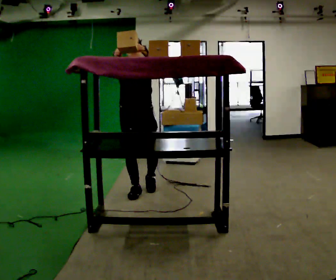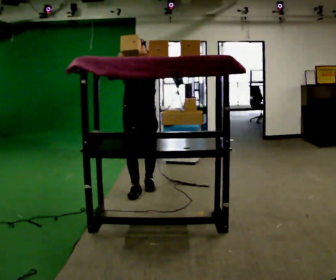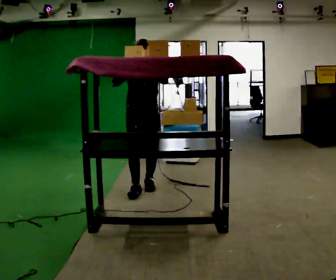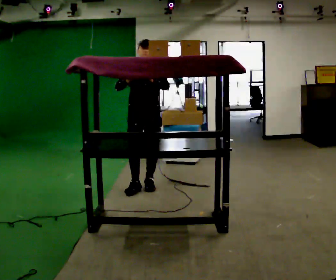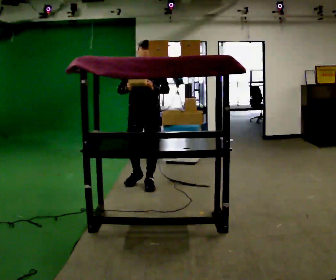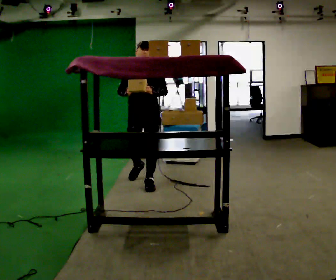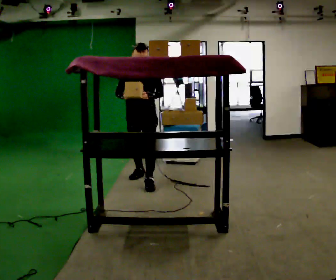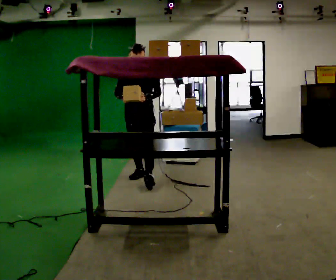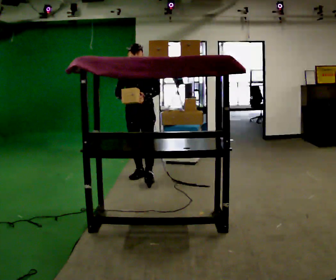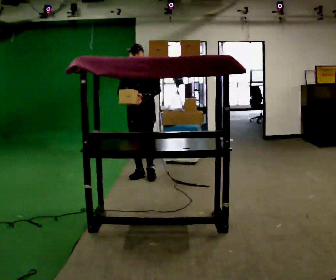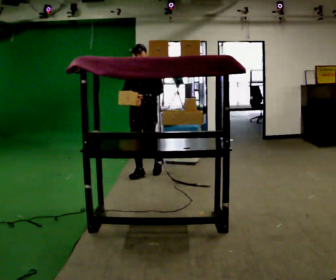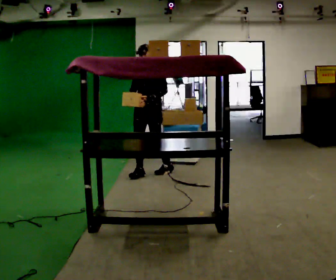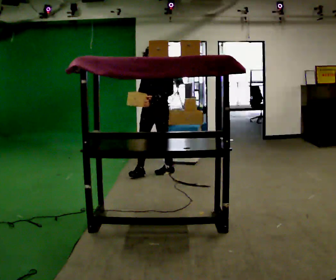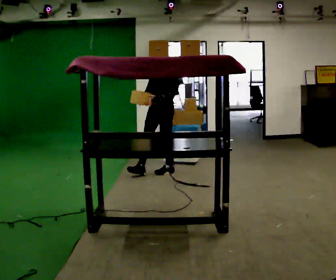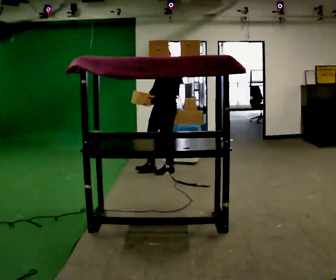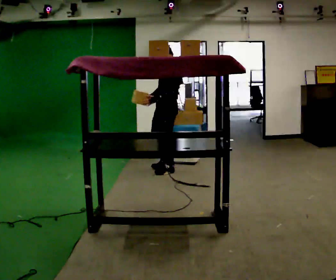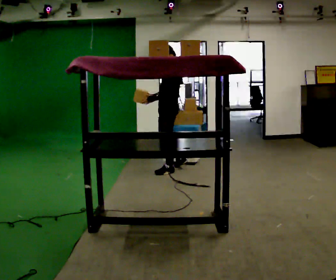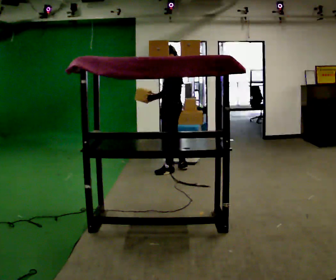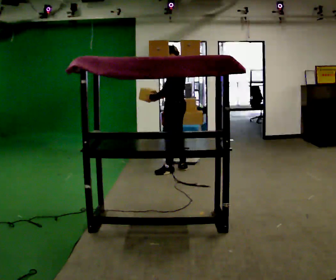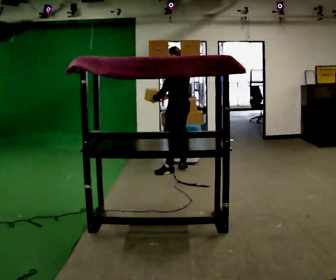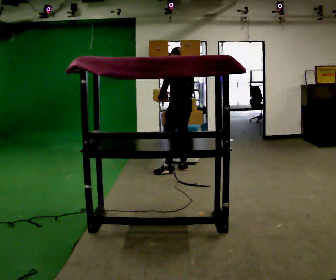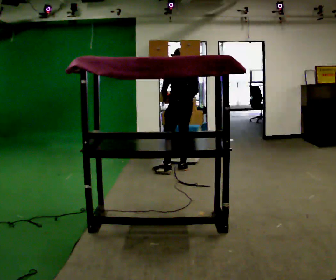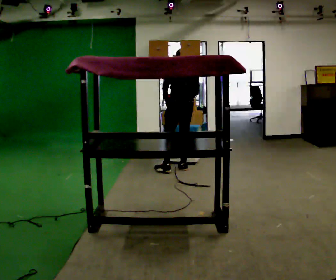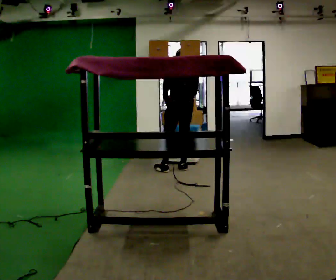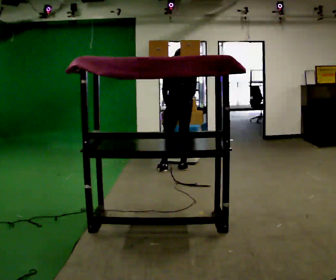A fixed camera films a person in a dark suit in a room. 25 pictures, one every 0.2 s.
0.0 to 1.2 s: In the picture they go away from the camera, about 0.5 m in 1 step, which for them is backward. In the picture their left hand goes downward.
1.2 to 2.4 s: The person turns about 30 degrees to their right, clockwise seen from above, so the part of the body nearest the lens slides to the left. In the picture they go away from the camera and to the right, about 0.5 m in 1 step, which for them is backward.
2.4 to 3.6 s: The part of the body nearest the lens slides to the left as the person turns to their right by about 75 degrees. In the picture they go to the right and away from the camera, about 0.25 m in 1 step.
3.6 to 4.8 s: The person turns about 60 degrees to their right, clockwise seen from above, so the part of the body nearest the lens slides to the left.
The film runs backward here.
